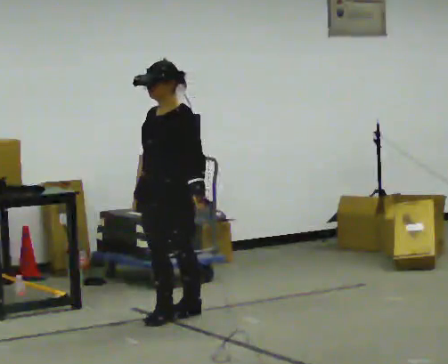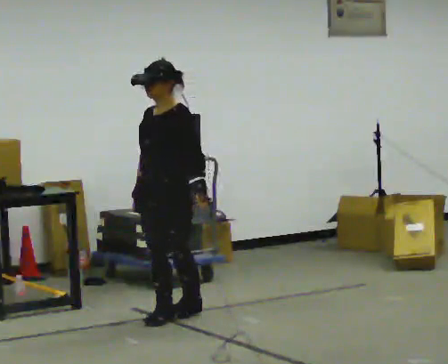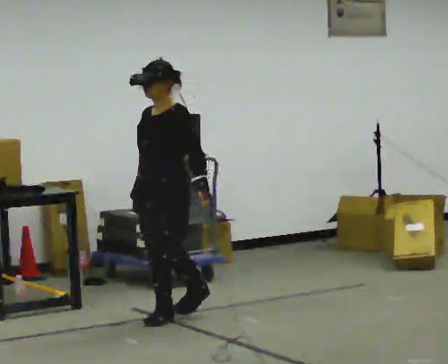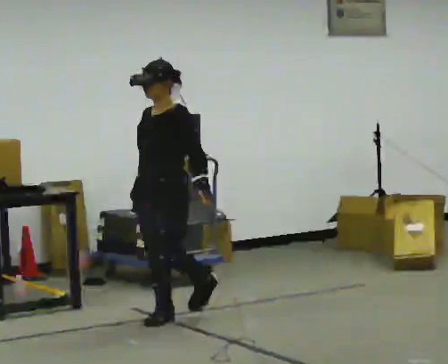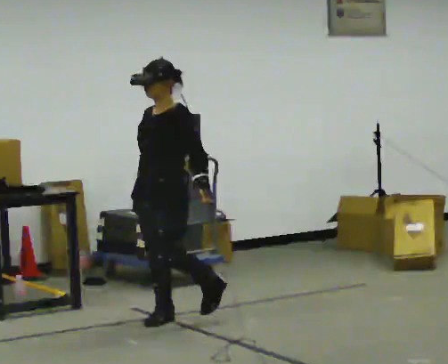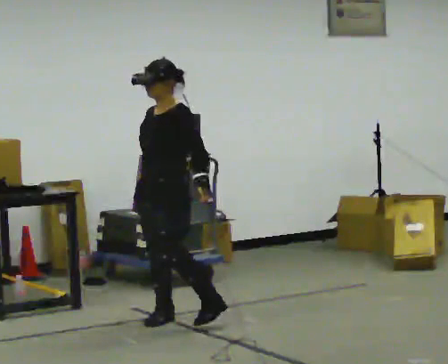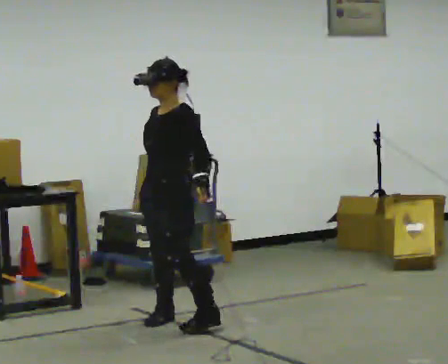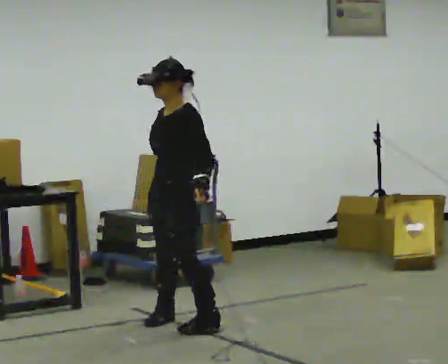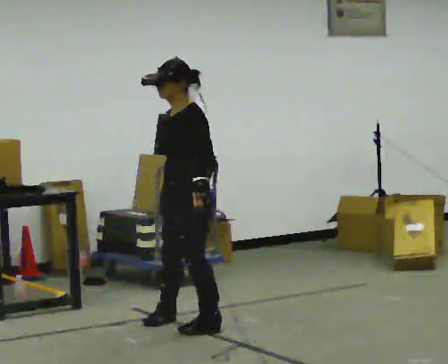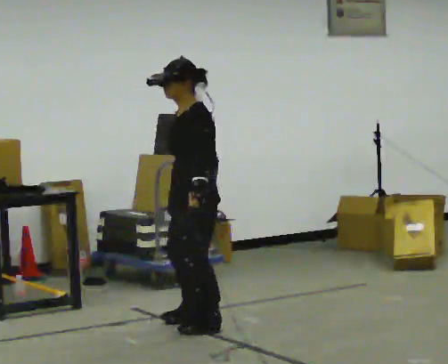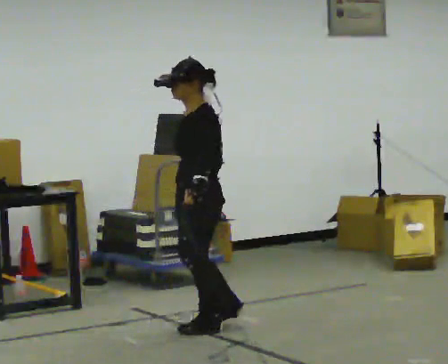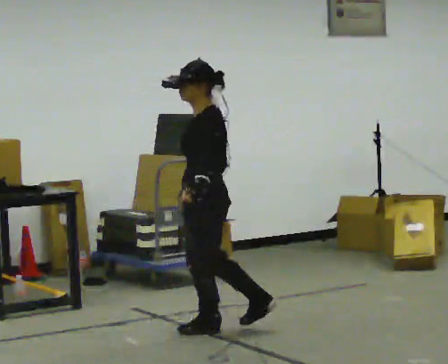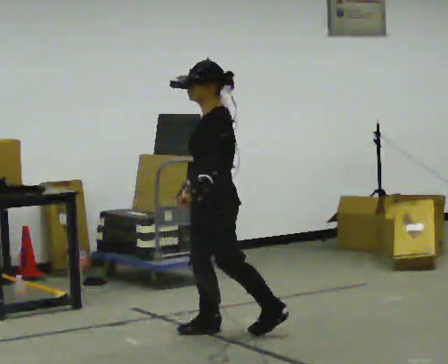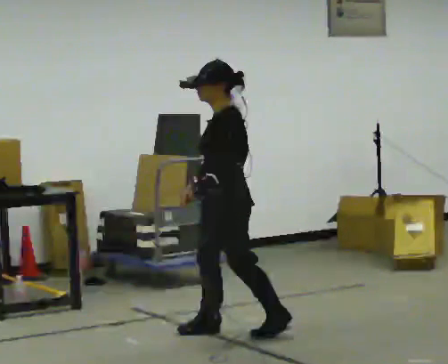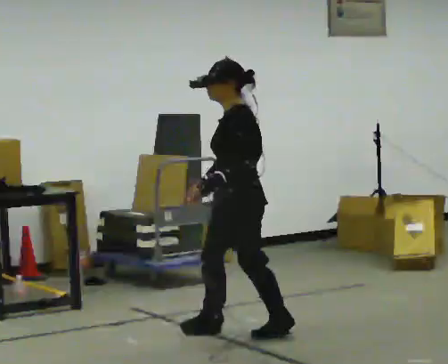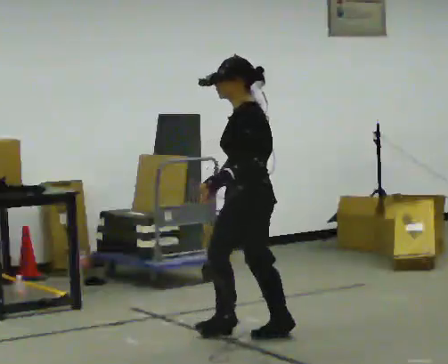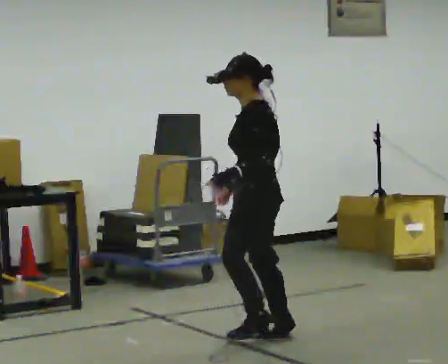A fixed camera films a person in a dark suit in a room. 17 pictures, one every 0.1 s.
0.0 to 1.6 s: Seen from above the body turns clockwise, about 60 degrees: to their right, with its near side sliding to the left. In the picture they go toward the camera and to the right, about 1 m in 2 steps.
The film runs forward here.
